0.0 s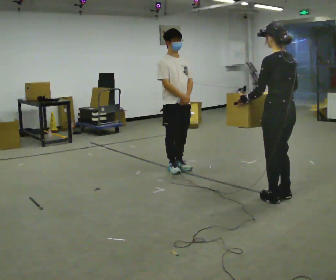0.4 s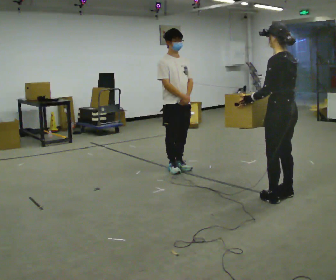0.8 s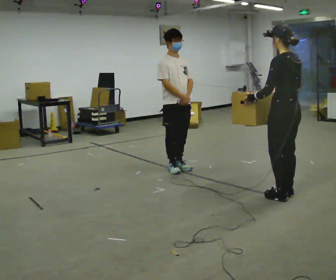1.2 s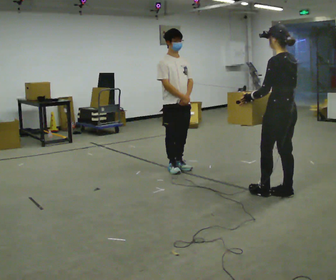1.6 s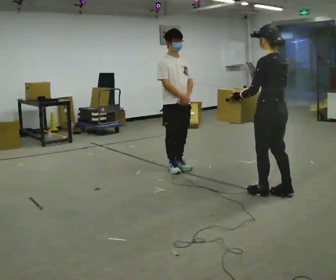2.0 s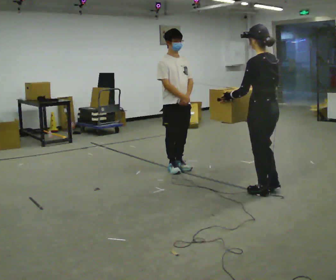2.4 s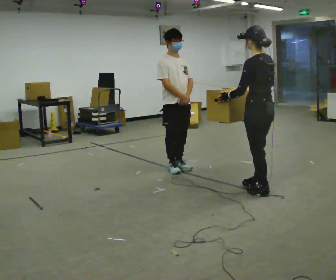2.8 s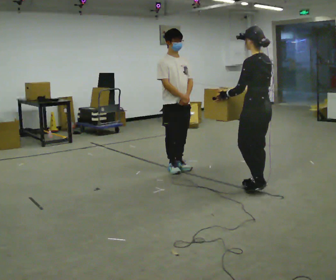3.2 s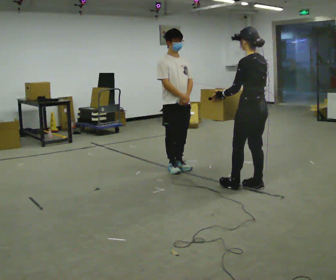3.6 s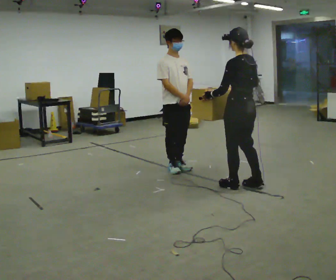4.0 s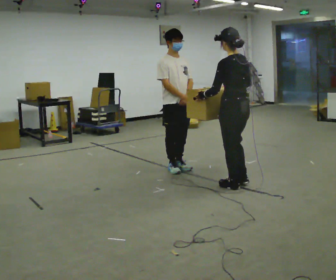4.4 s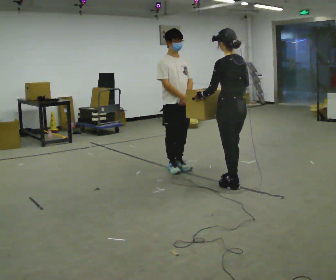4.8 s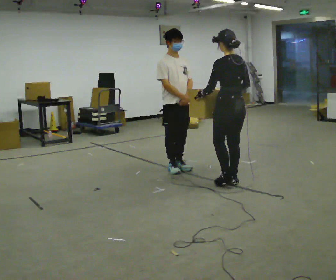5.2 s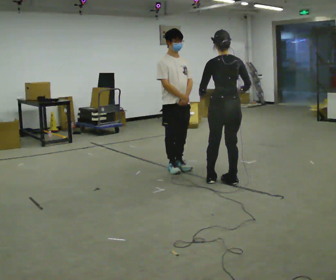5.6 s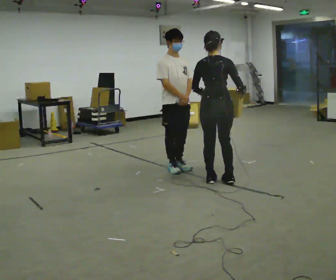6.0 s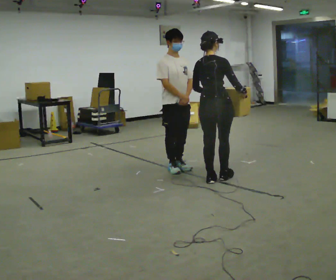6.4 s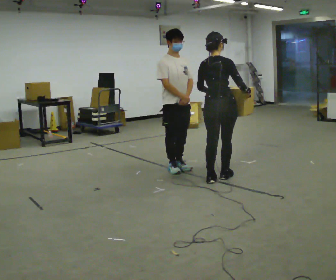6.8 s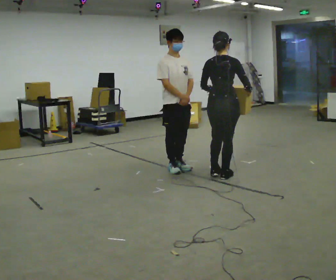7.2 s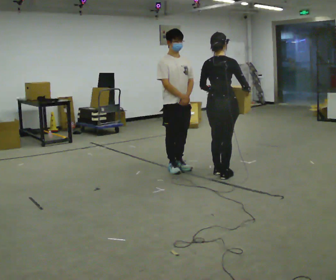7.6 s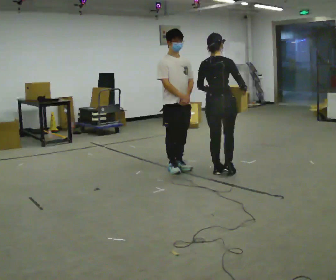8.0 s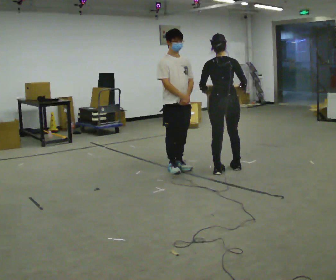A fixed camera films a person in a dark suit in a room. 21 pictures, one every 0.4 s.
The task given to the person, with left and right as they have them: Carry the box across the room. The operator will step into your path partway across, so go around them and carry on. Keep going until the operator says stop; one object at a time, and do not rush between trips.
0.0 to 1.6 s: In the picture they go away from the camera, about 0.25 m in 1 step, which for them is forward.
1.6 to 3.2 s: In the picture they go away from the camera and to the left, about 0.25 m in 2 steps, which for them is forward.
3.2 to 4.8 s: In the picture they go to the left and away from the camera, about 0.25 m in 1 step, which for them is forward.
4.8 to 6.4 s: Seen from above the body turns clockwise, about 60 degrees: to their right, with its near side sliding to the left. In the picture they go away from the camera, about 0.25 m in 2 steps.
6.4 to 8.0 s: In the picture they go away from the camera, about 0.25 m in 2 steps, which for them is forward.
The film runs forward here.
